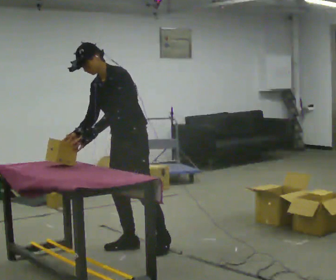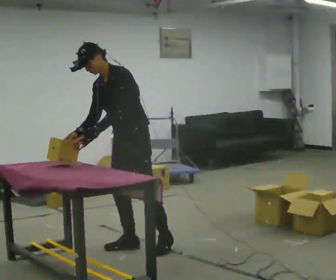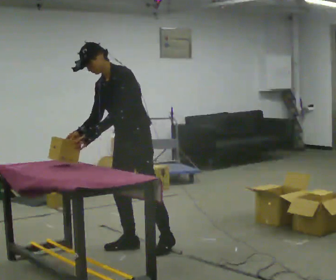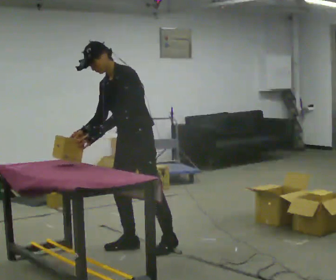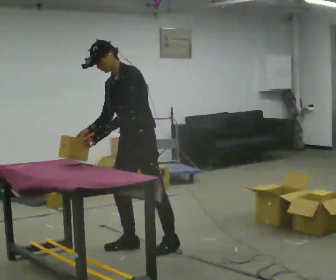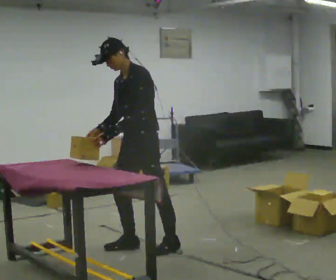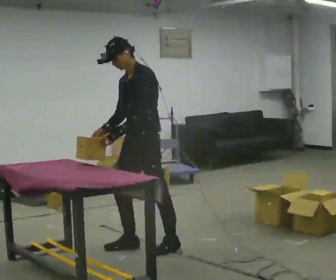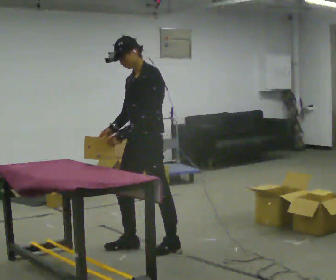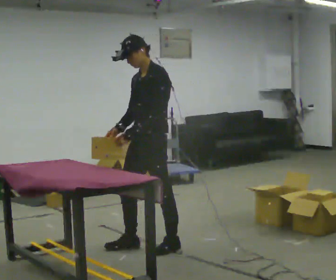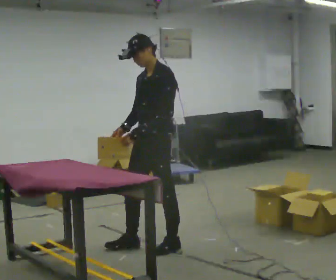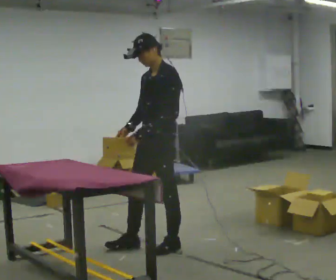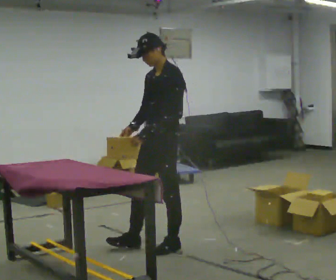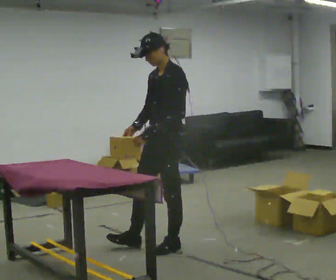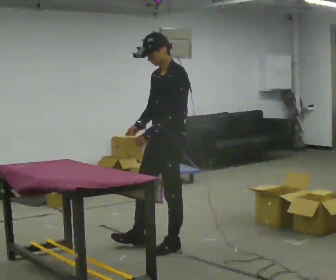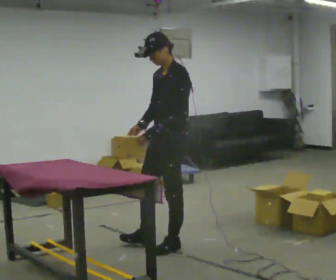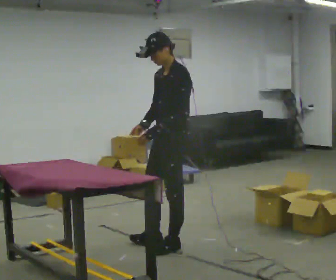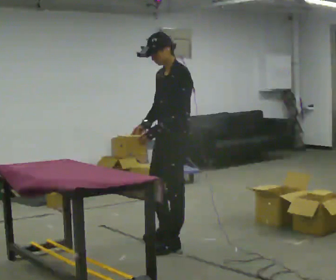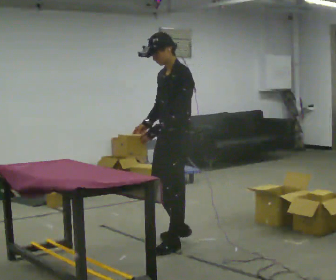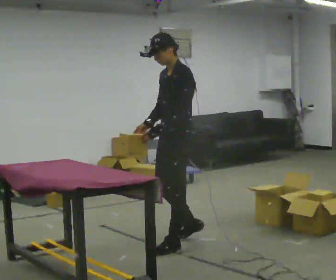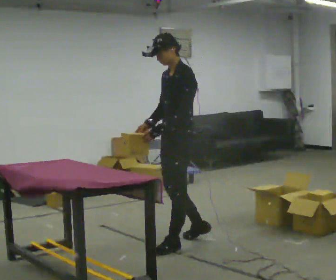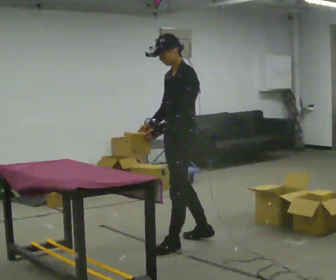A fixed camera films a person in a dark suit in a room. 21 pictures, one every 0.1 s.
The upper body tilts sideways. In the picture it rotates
clockwise.
0.0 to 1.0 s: In the picture they go to the right, about 0.25 m, which for them is to their left and backward. In the picture the upper body tilts clockwise, shoulders to the right, as they lean back or straighten. In the picture their right hand goes to the right.
1.0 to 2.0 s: In the picture they go to the right, about 0.25 m in 1 step, which for them is backward.
The film runs backward here.
